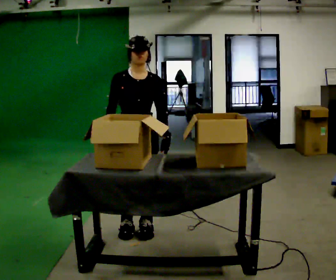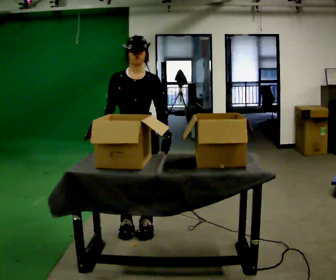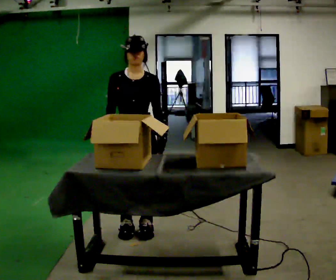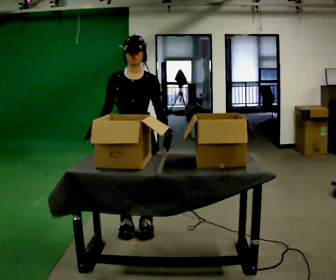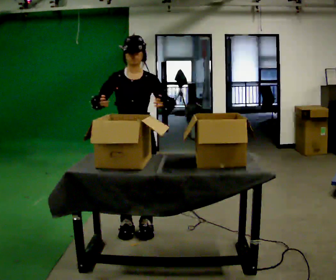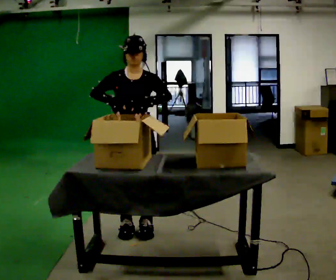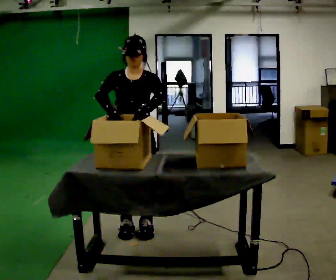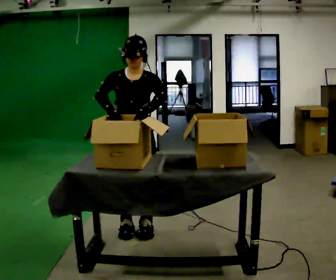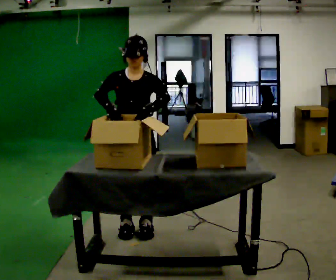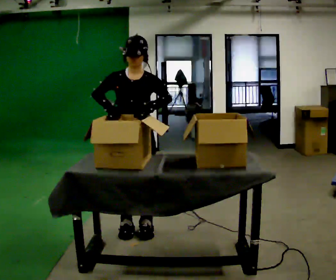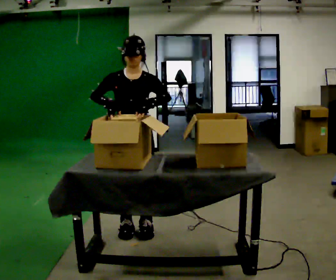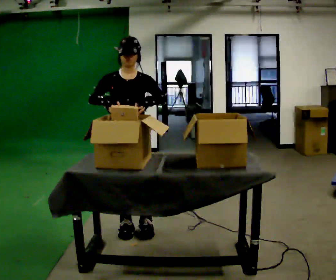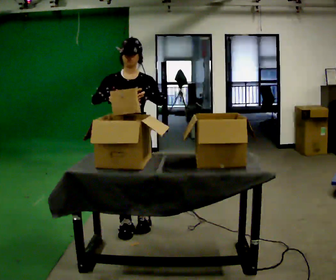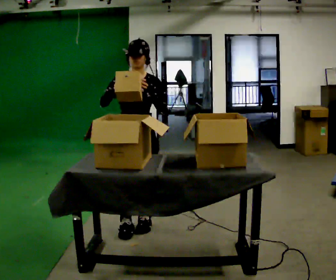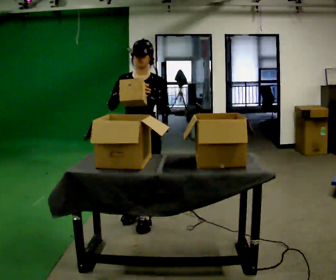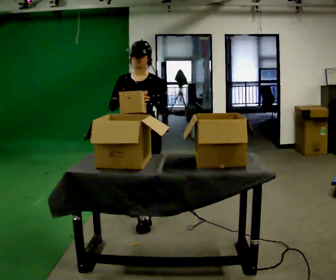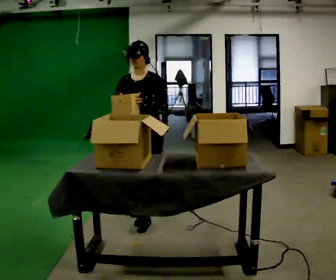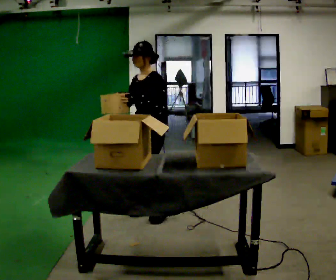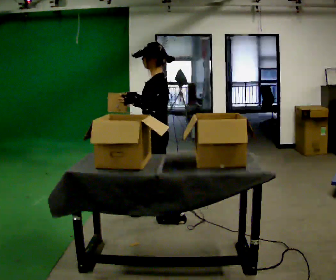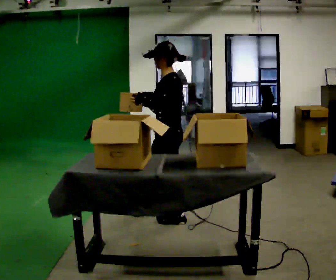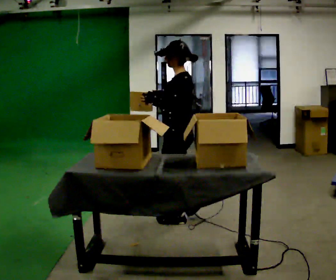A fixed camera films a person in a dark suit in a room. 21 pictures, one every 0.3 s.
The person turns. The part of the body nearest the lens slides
to the left.
The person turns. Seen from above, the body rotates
clockwise.
0.0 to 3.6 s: In the picture their left hand goes upward.
3.6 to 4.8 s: In the picture they go away from the camera, about 0.25 m in 1 step, which for them is backward.
4.8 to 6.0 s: Seen from above the body turns clockwise, about 90 degrees: to their right, with its near side sliding to the left. In the picture they go to the right, about 0.25 m in 2 steps.
The film runs backward here.
